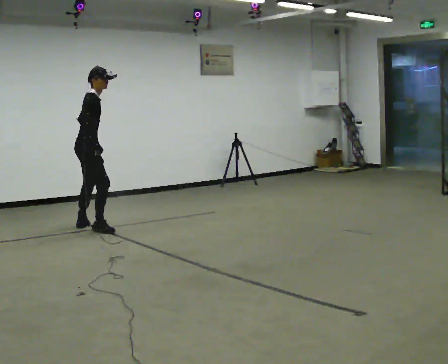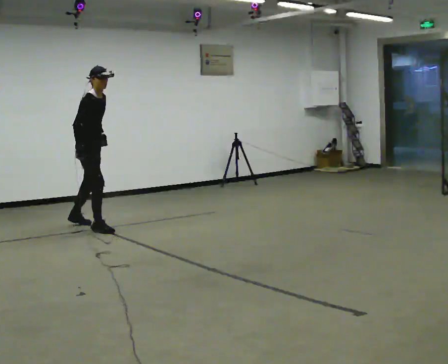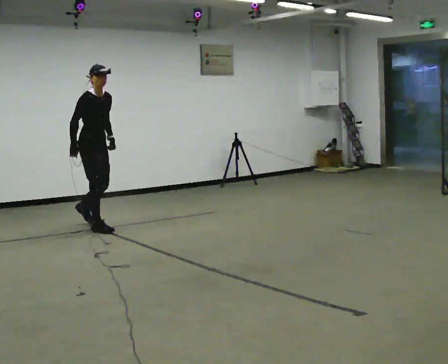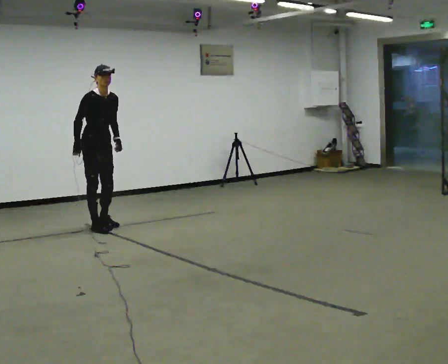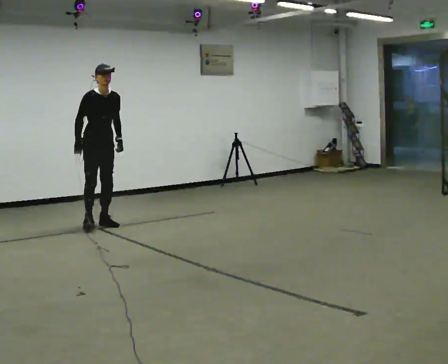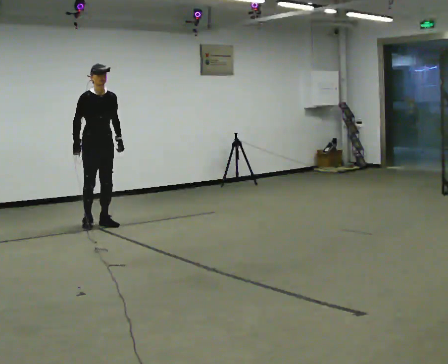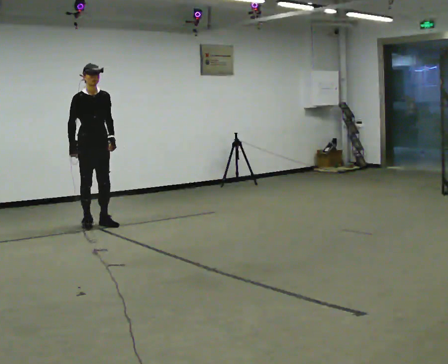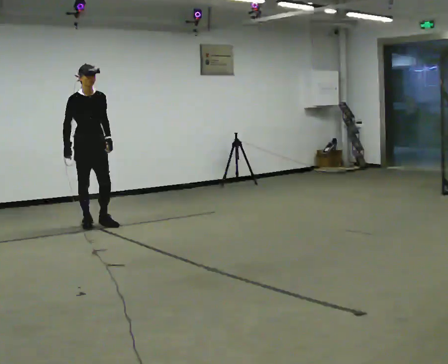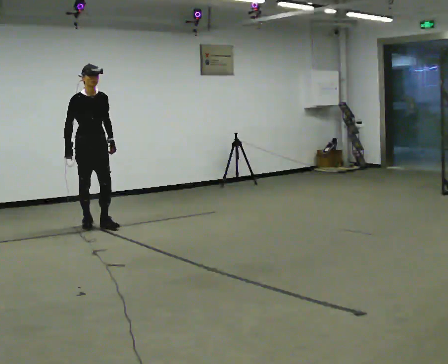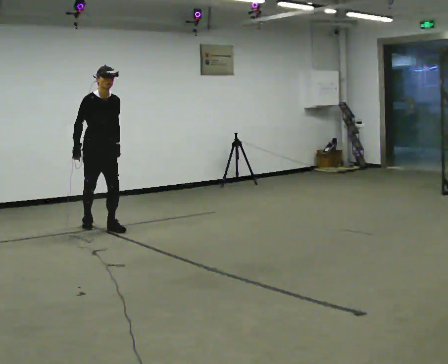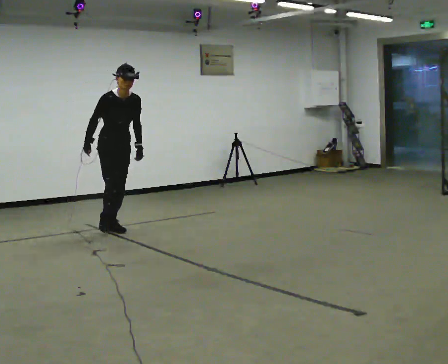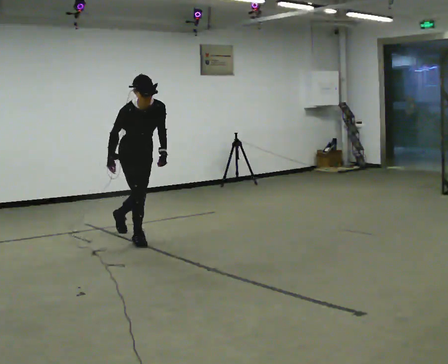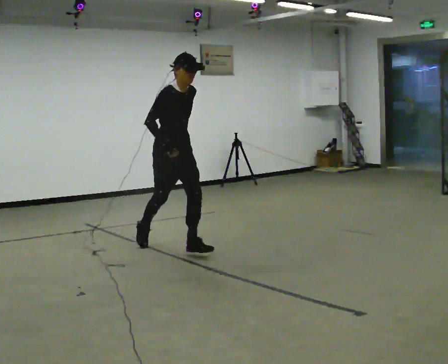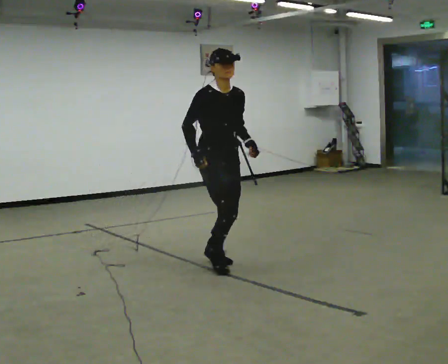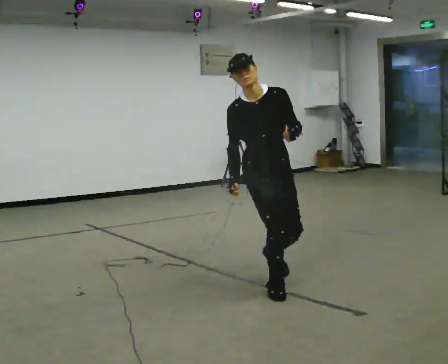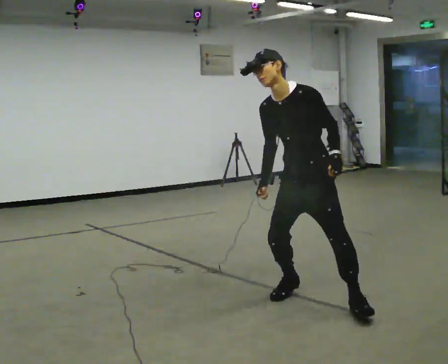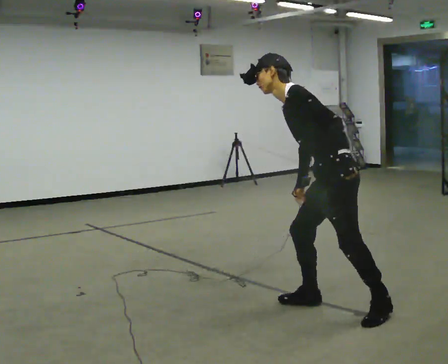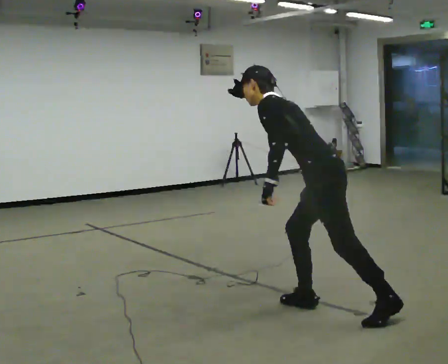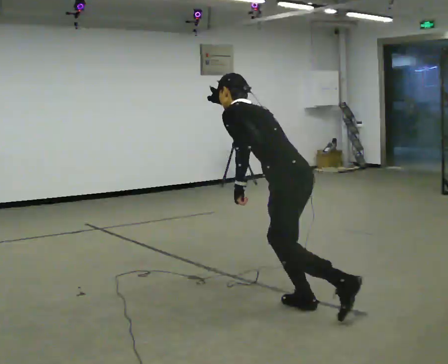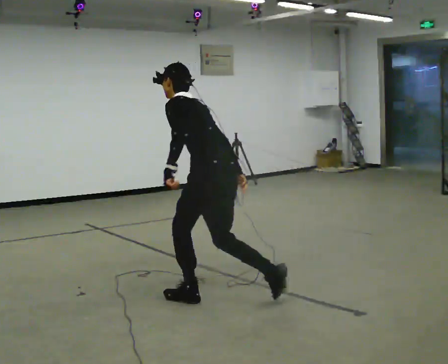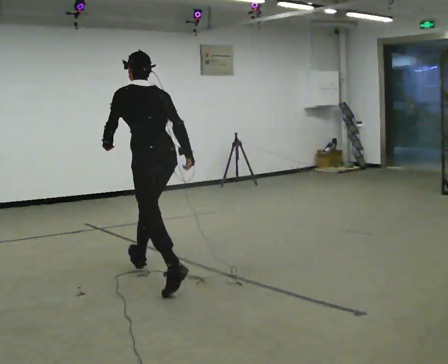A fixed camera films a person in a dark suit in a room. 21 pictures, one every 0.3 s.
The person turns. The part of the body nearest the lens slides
to the left.
The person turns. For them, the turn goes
to their right.
0.0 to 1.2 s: Seen from above the body turns clockwise, about 75 degrees: to their right, with its near side sliding to the left. In the picture they go away from the camera, about 0.25 m in 2 steps. In the picture their left hand goes to the right.
1.2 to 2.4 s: The person moves a little, or ends about where they began.
2.4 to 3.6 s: In the picture they go toward the camera and to the right, about 1.5 m in 2 steps, which for them is forward.
3.6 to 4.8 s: The part of the body nearest the lens slides to the left as the person turns to their right by about 135 degrees. In the picture they go toward the camera and to the right, about 2 m in 3 steps. In the picture the upper body tilts counterclockwise, shoulders to the left.
4.8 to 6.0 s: The person turns about 60 degrees to their right, clockwise seen from above, so the part of the body nearest the lens slides to the left. In the picture they go to the left and away from the camera, about 1.5 m in 2 steps, which for them is forward. In the picture the upper body tilts clockwise, shoulders to the right.
The film runs forward here.
